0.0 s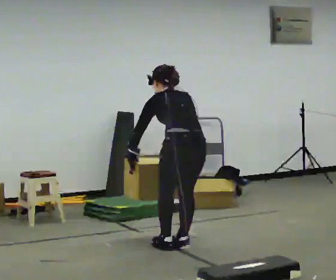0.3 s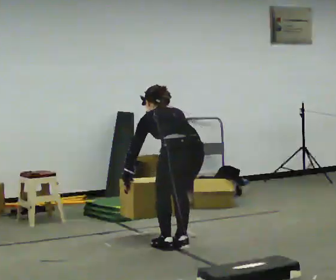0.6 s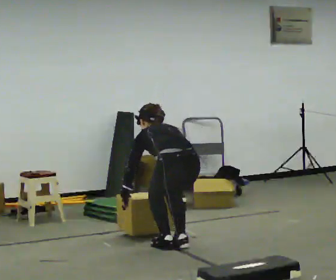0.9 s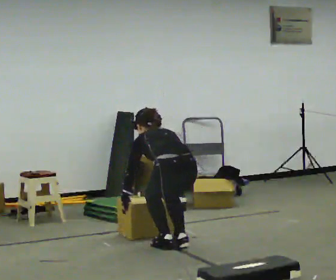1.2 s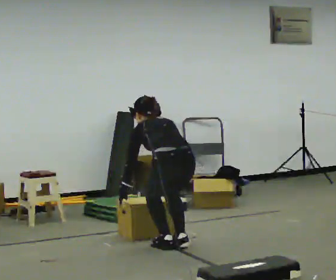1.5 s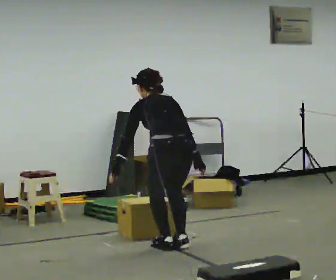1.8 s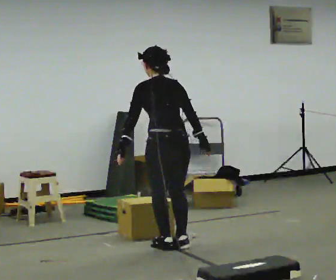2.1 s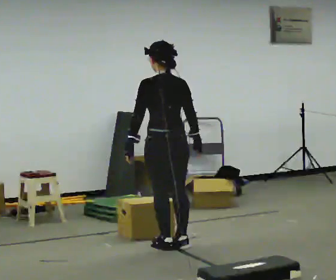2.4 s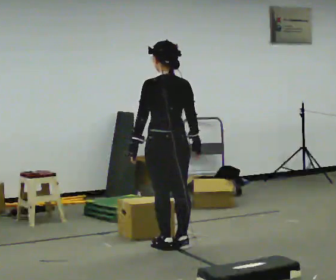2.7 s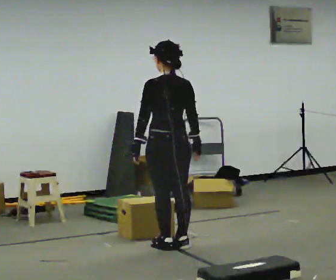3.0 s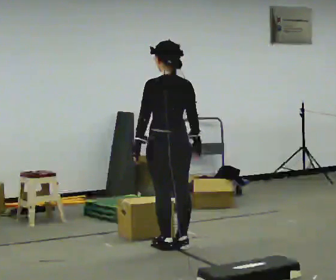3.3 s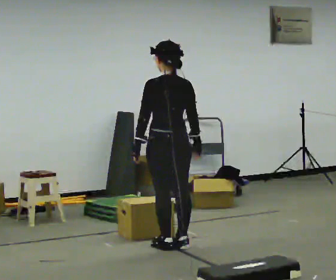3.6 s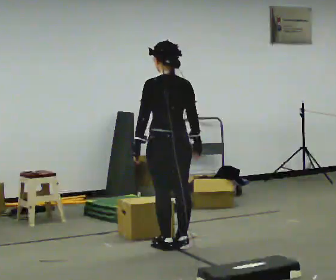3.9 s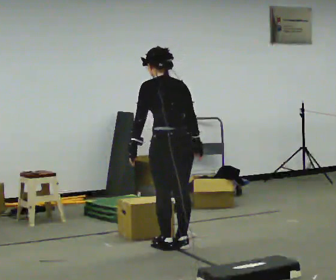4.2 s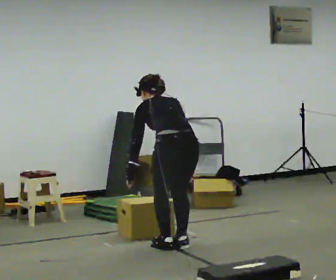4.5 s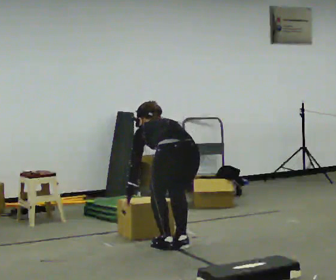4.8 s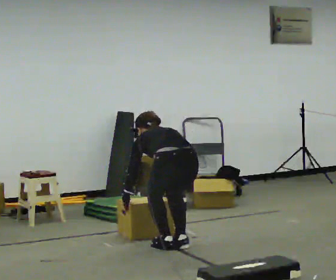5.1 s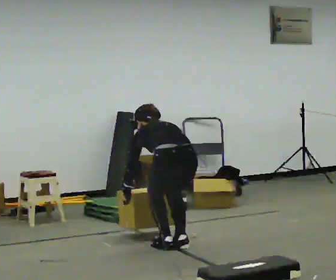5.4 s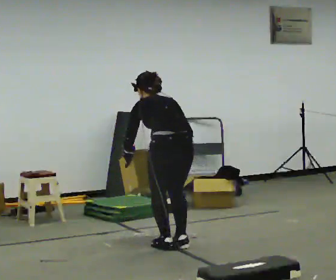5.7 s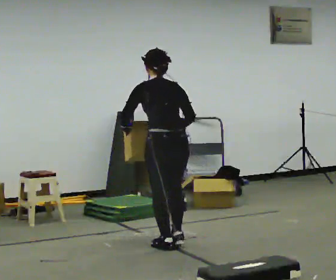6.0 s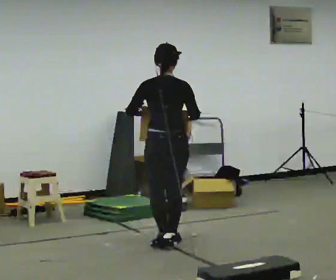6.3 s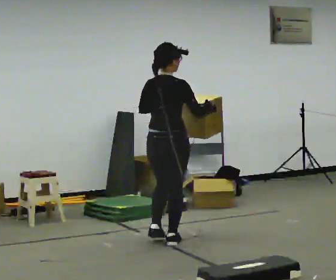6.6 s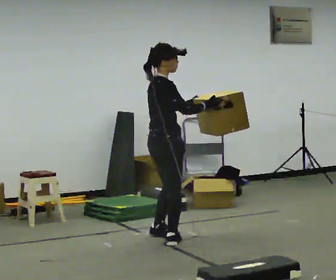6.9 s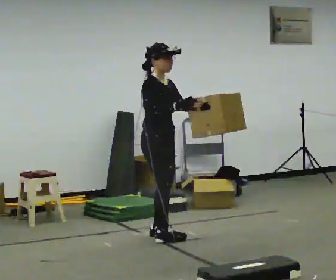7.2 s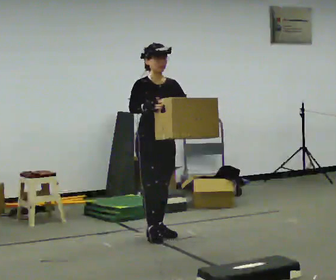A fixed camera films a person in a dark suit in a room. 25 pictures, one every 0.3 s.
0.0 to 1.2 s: The person moves a little, or ends about where they began.
1.2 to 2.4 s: The shoulders move upward. The upper body tips toward the camera, its near side rolling downward, as they lean back or straighten. In the picture their right hand goes upward.
2.4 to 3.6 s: The person keeps their place and pose.
3.6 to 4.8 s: The upper body goes downward. The upper body tips away from the camera, its near side rolling upward, as they bend forward. In the picture their right hand goes downward.
4.8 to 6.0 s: In the picture they go away from the camera, about 0.25 m in 1 step, which for them is forward. The upper body goes upward. The upper body tips toward the camera, its near side rolling downward, as they lean back or straighten. In the picture their left hand goes upward.
6.0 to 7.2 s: The person turns about 150 degrees to their right, clockwise seen from above, so the part of the body nearest the lens slides to the left. In the picture they go away from the camera, about 0.5 m in 2 steps.
The film runs forward here.
